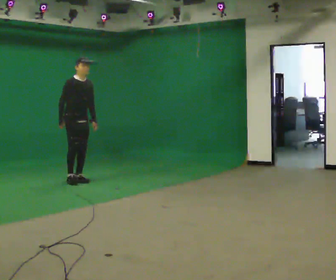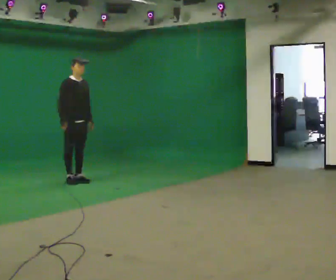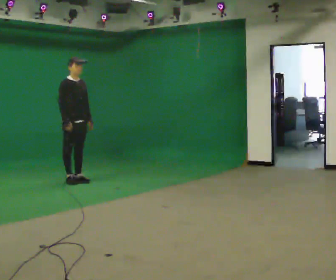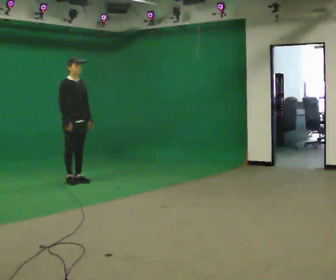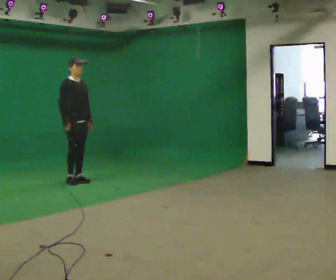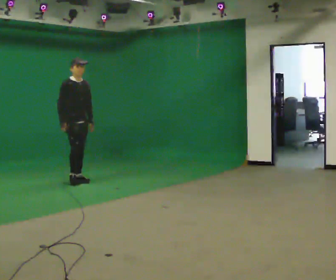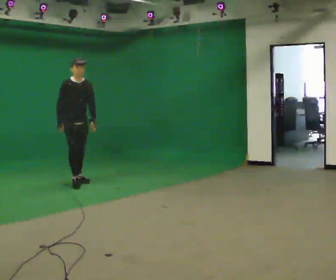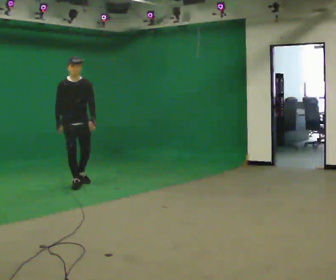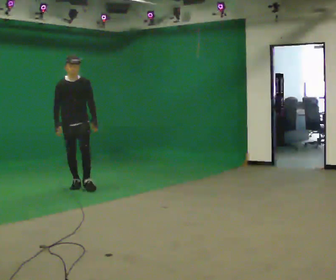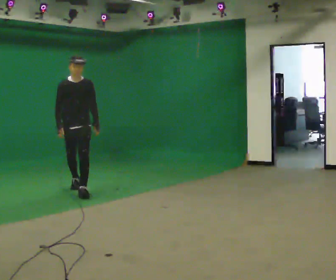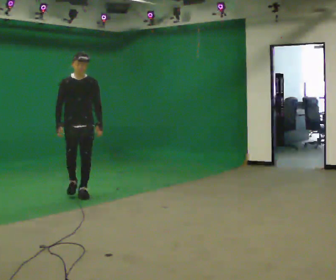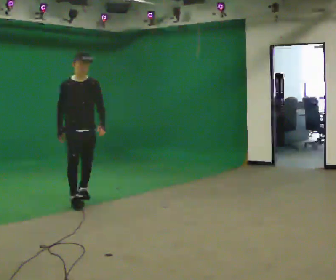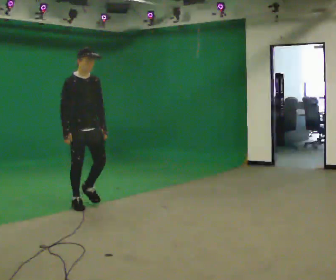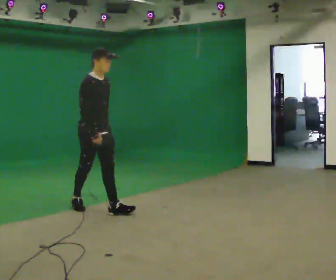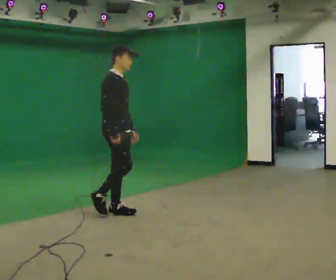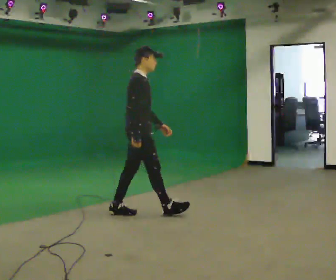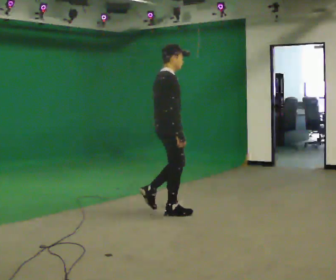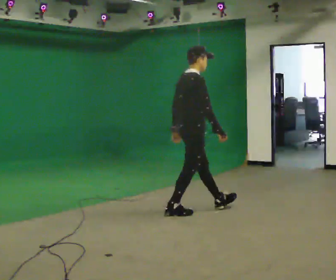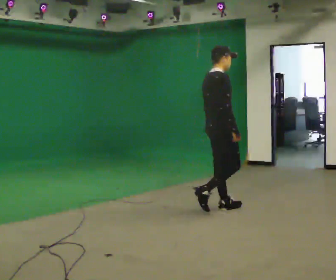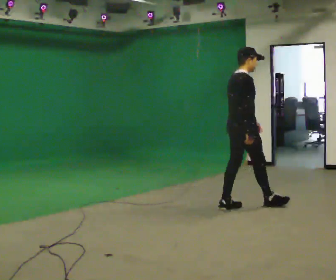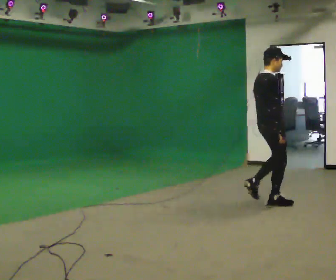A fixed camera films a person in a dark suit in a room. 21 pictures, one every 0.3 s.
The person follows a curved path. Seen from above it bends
counterclockwise.
0.0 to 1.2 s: The person moves a little, or ends about where they began.
1.2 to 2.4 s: Seen from above the body turns clockwise, about 45 degrees: to their right, with its near side sliding to the left. In the picture they go toward the camera, about 0.5 m in 1 step, which for them is forward.
2.4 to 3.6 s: The person turns about 30 degrees to their left, counterclockwise seen from above, so the part of the body nearest the lens slides to the right. In the picture they go toward the camera, about 1 m in 2 steps, which for them is forward.
3.6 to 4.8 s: The part of the body nearest the lens slides to the right as the person turns to their left by about 75 degrees. In the picture they go to the right and toward the camera, about 1 m in 2 steps.
4.8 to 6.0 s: In the picture they go to the right, about 1 m in 2 steps, which for them is forward.
The film runs forward here.
